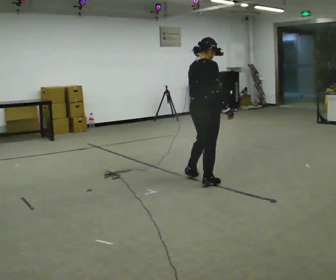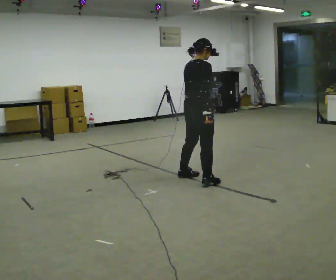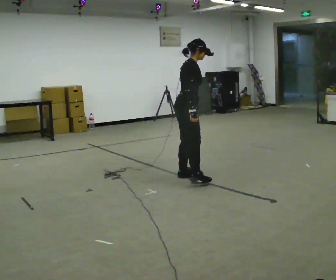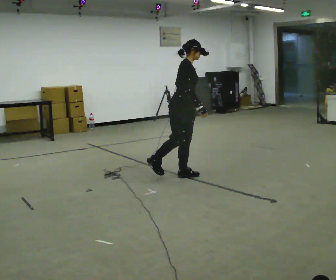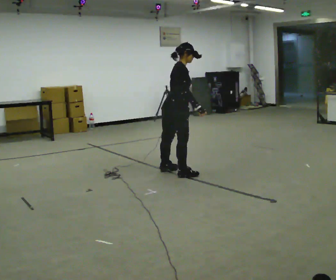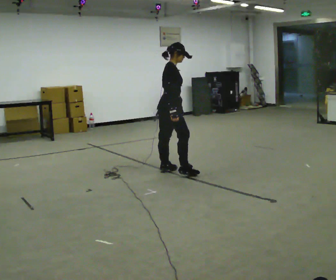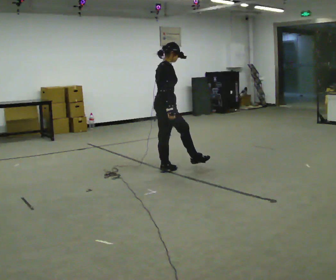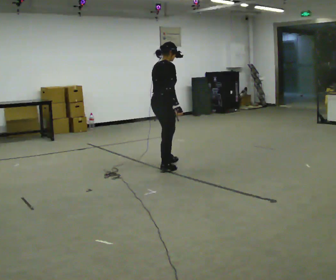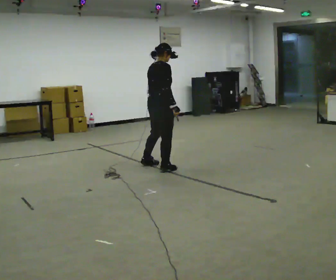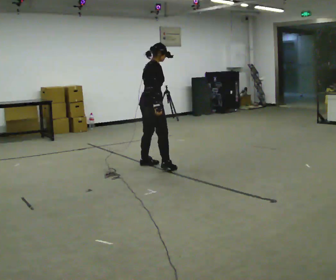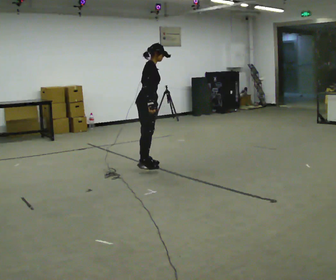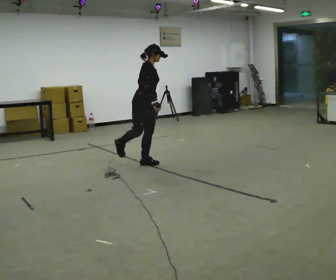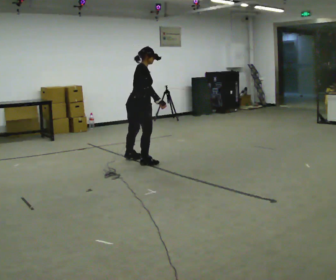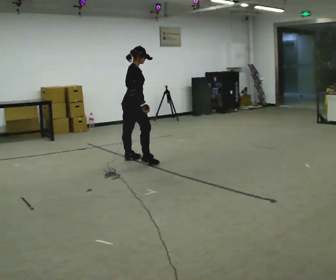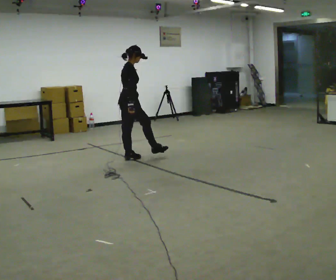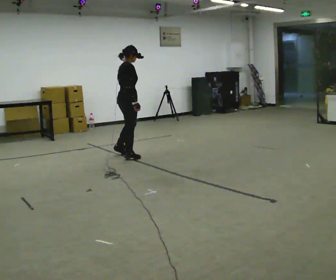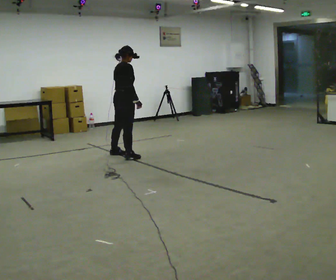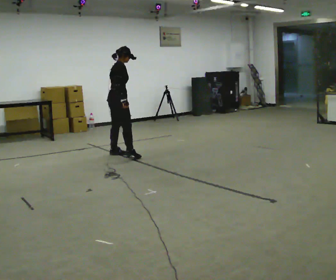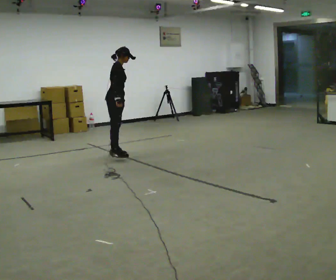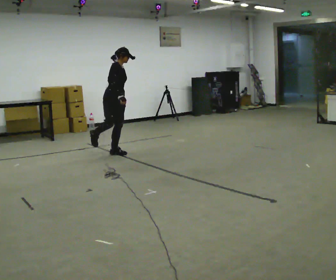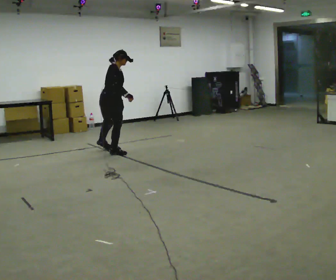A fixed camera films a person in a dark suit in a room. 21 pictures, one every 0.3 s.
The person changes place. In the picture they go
away from the camera.
0.0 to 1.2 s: The person turns about 60 degrees to their right, clockwise seen from above, so the part of the body nearest the lens slides to the left. In the picture they go away from the camera and to the left, about 0.5 m in 1 step.
1.2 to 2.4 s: The person turns about 60 degrees to their left, counterclockwise seen from above, so the part of the body nearest the lens slides to the right. In the picture they go away from the camera and to the left, about 0.25 m in 1 step, which for them is to their left and backward.
2.4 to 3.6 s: The person turns about 60 degrees to their right, clockwise seen from above, so the part of the body nearest the lens slides to the left. In the picture they go away from the camera and to the left, about 0.5 m in 1 step.
3.6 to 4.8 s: Seen from above the body turns counterclockwise, about 60 degrees: to their left, with its near side sliding to the right. In the picture they go away from the camera and to the left, about 0.5 m in 1 step, which for them is to their left and backward.
4.8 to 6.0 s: The person turns about 60 degrees to their right, clockwise seen from above, so the part of the body nearest the lens slides to the left. In the picture they go away from the camera and to the left, about 0.25 m in 1 step.
The film runs backward here.
